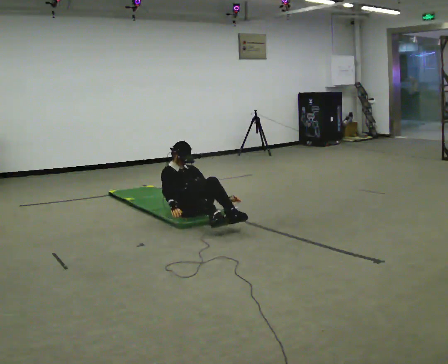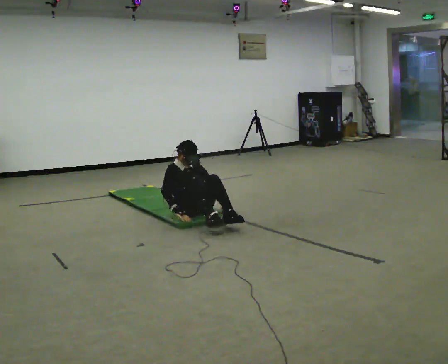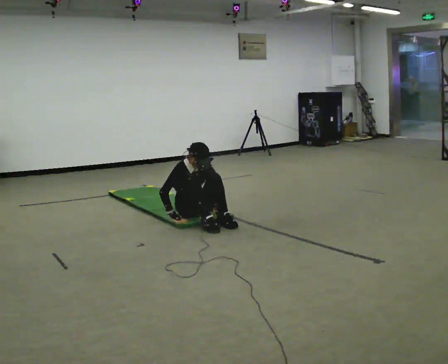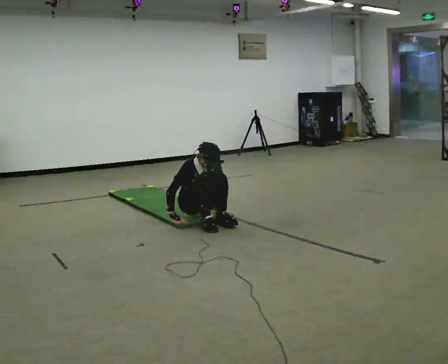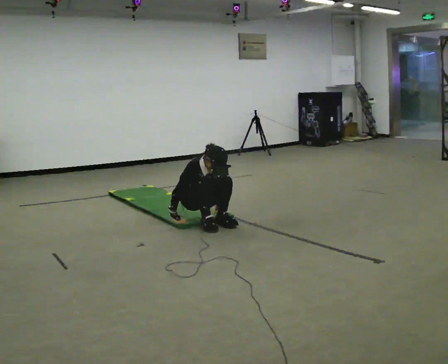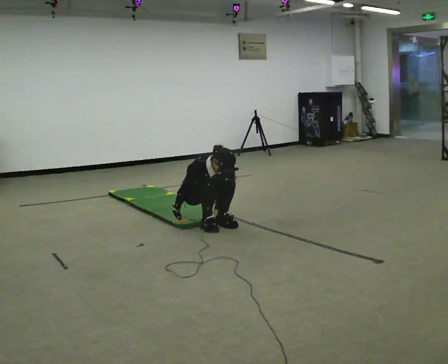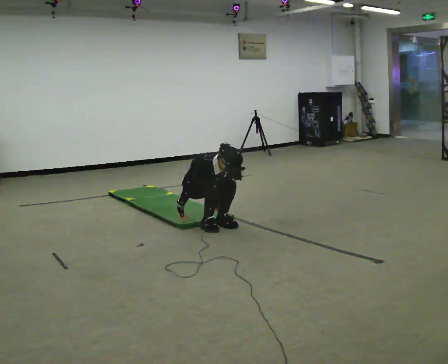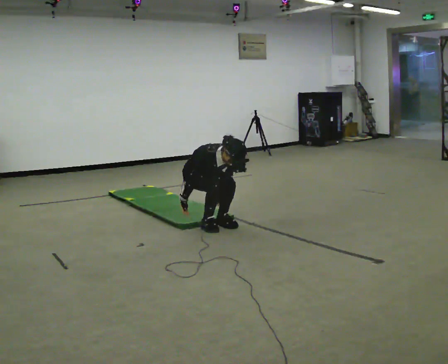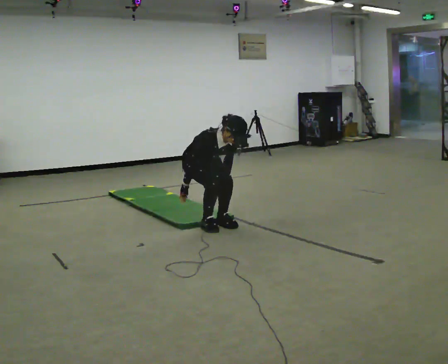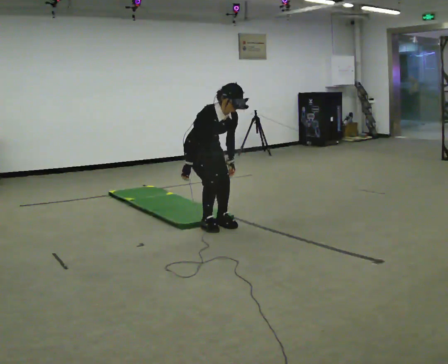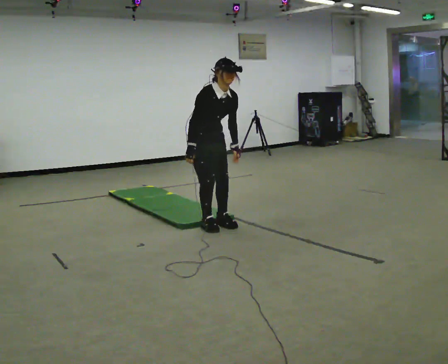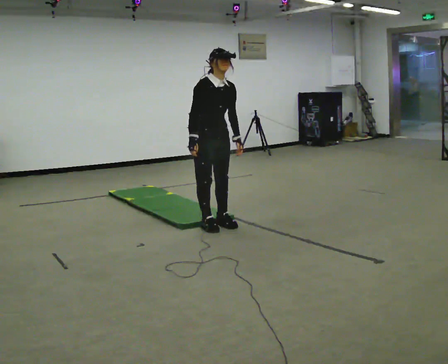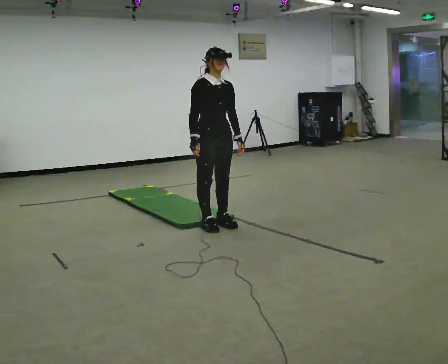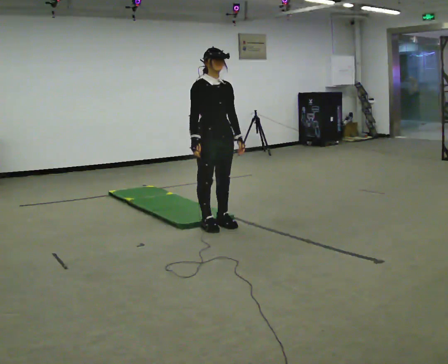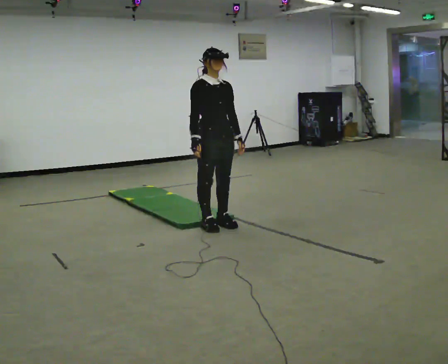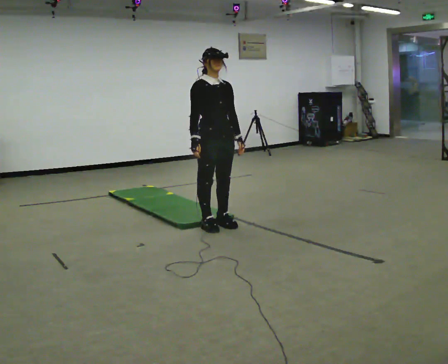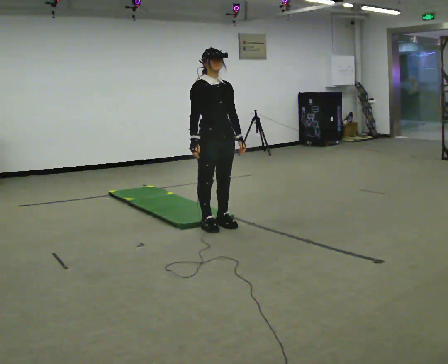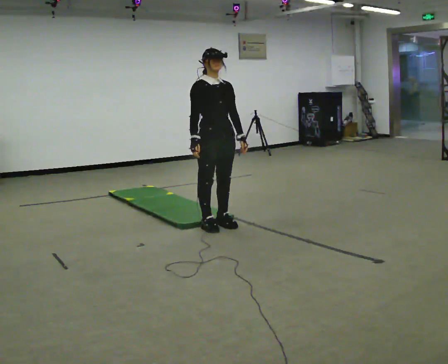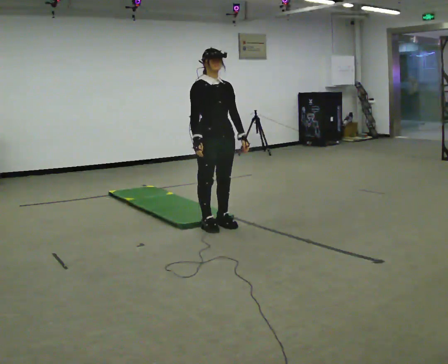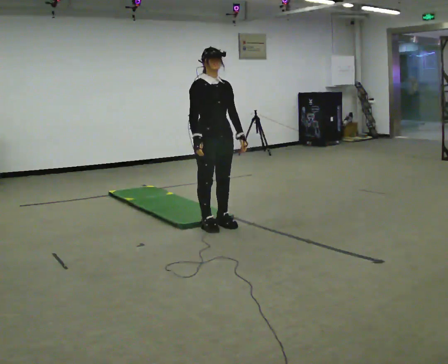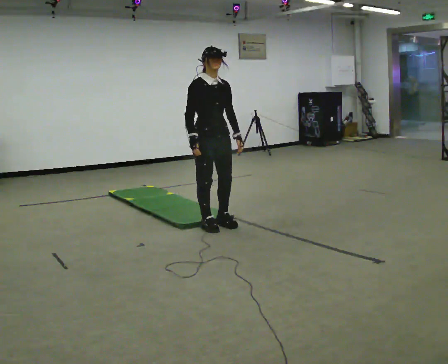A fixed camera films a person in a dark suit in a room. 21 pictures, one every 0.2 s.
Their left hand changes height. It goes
upward.
The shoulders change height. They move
upward.
0.0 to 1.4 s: In the picture they go toward the camera, about 0.25 m in 1 step, which for them is forward. The shoulders move upward. The upper body tips toward the camera, its near side rolling downward, as they bend forward.
1.4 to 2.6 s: In the picture they go toward the camera, about 0.25 m, which for them is forward. The upper body goes upward. The upper body tips away from the camera, its near side rolling upward, as they lean back or straighten. In the picture their left hand goes upward.
2.6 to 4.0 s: The person moves a little, or ends about where they began.
The film runs backward here.
